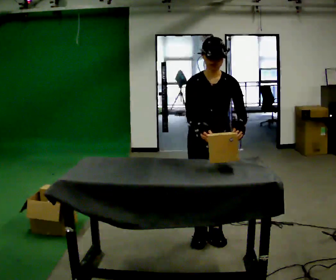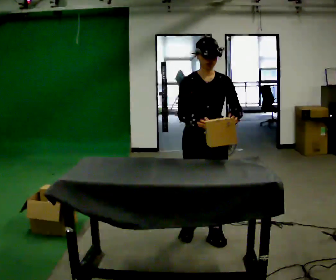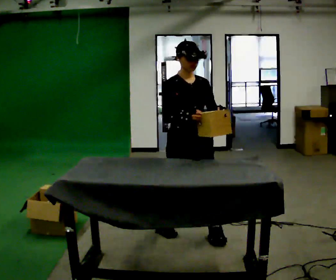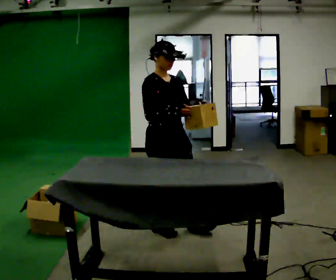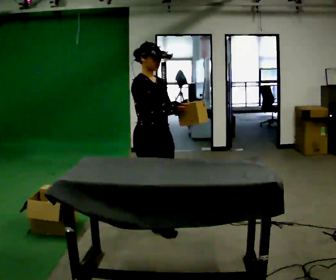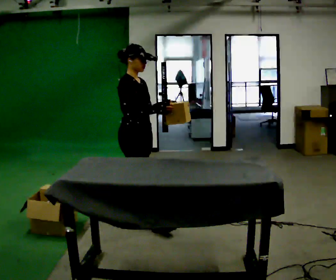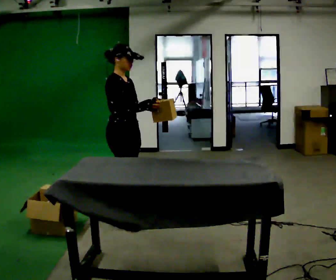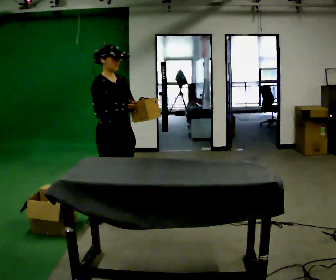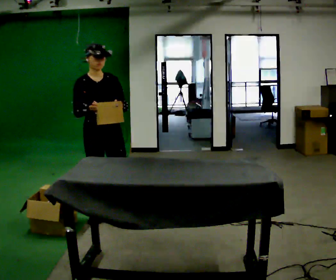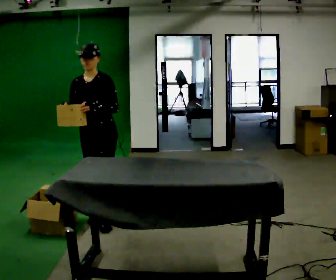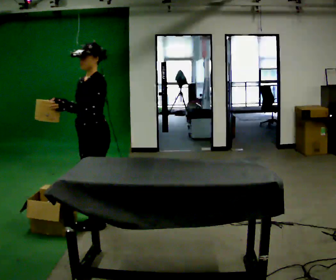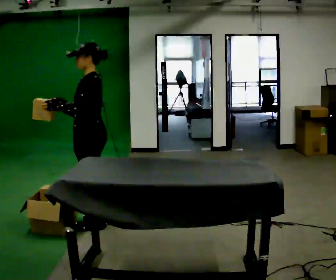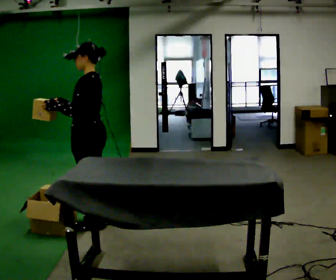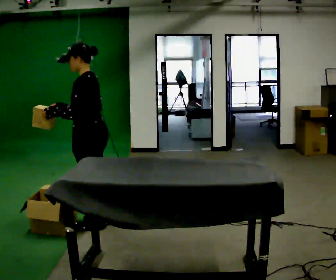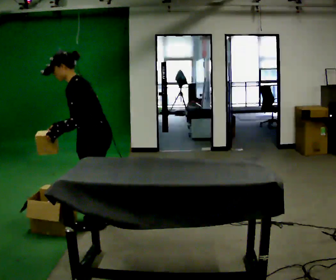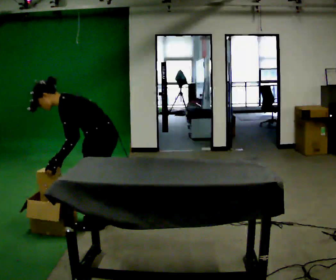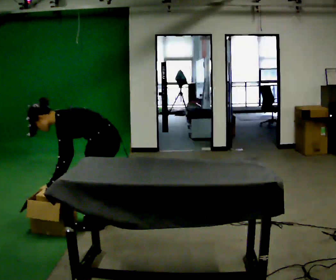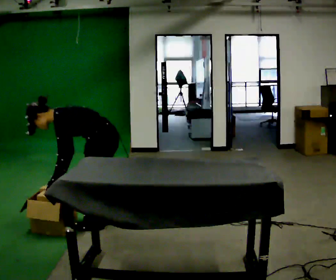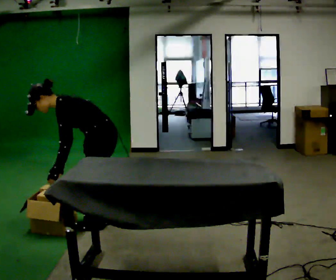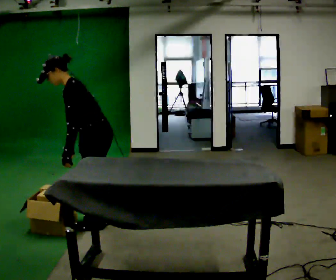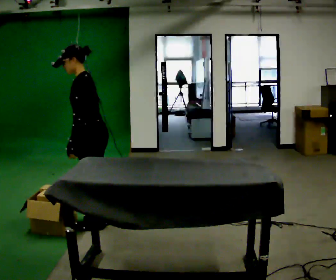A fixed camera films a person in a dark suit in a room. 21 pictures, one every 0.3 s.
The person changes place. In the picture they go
to the left.
The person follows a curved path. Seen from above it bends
counterclockwise.
0.0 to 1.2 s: Seen from above the body turns counterclockwise, about 60 degrees: to their left, with its near side sliding to the right. In the picture they go to the left and away from the camera, about 0.5 m in 2 steps. The upper body tips away from the camera, its near side rolling upward, as they lean back or straighten.
1.2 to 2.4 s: Seen from above the body turns clockwise, about 30 degrees: to their right, with its near side sliding to the left. In the picture they go to the left and away from the camera, about 0.5 m in 1 step, which for them is backward.
2.4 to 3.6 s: Seen from above the body turns clockwise, about 120 degrees: to their right, with its near side sliding to the left.
3.6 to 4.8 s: The upper body goes downward. In the picture the upper body tilts counterclockwise, shoulders to the left, as they bend forward. In the picture their right hand goes downward.
4.8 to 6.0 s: The upper body goes upward. In the picture the upper body tilts clockwise, shoulders to the right, as they lean back or straighten. In the picture their right hand goes upward.
The film runs backward here.
